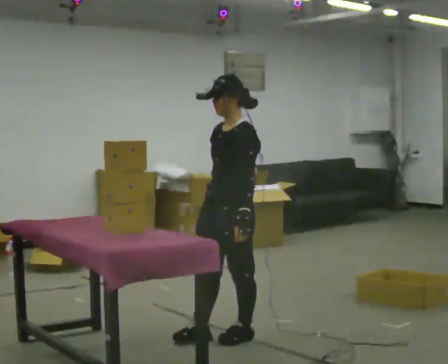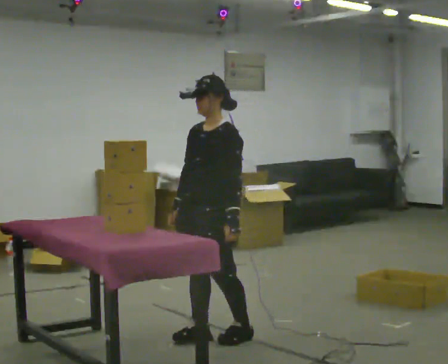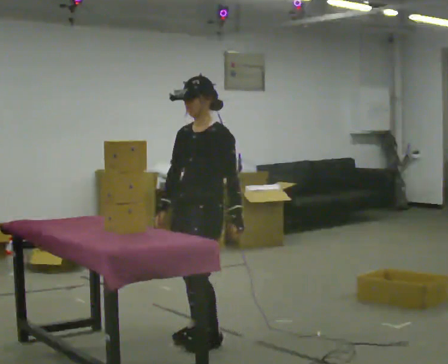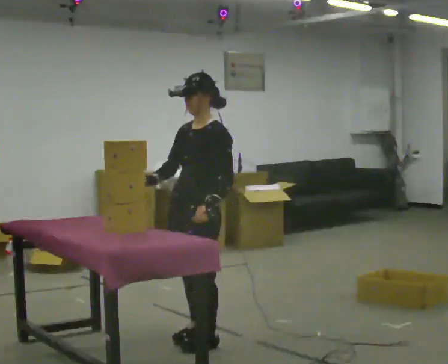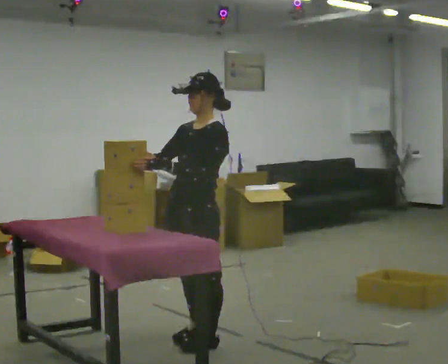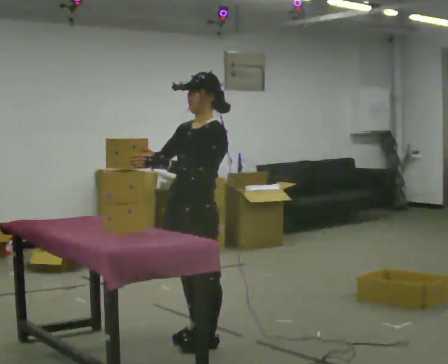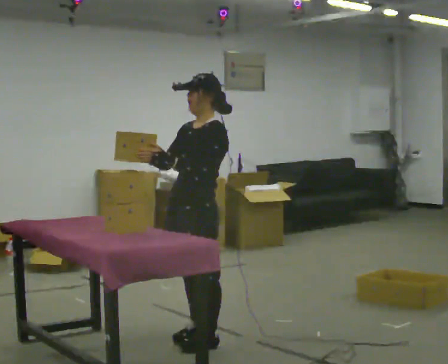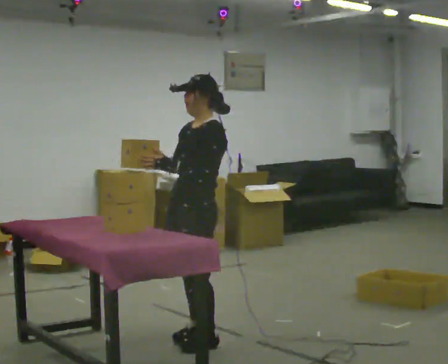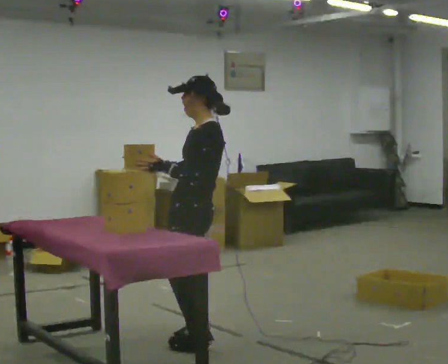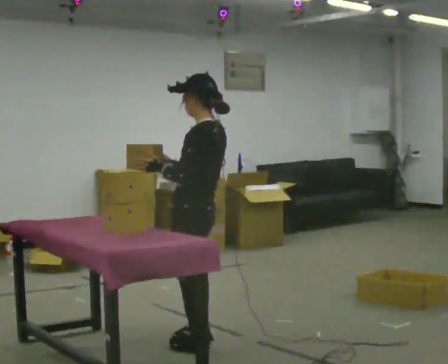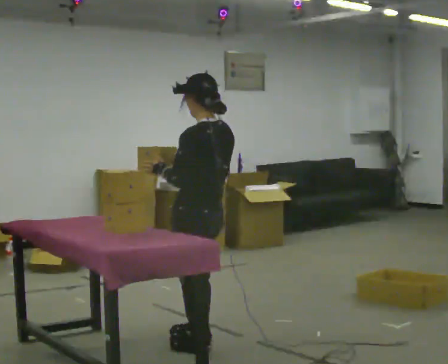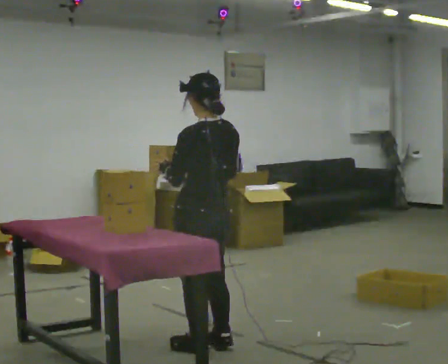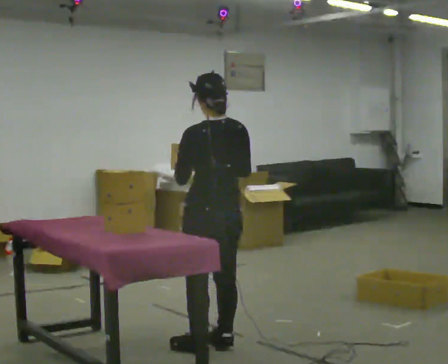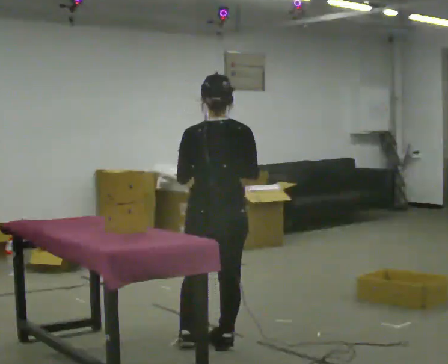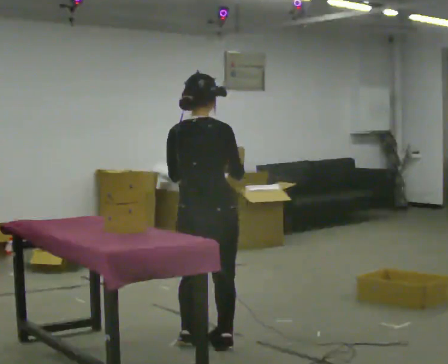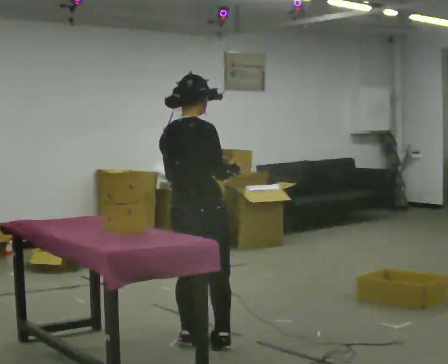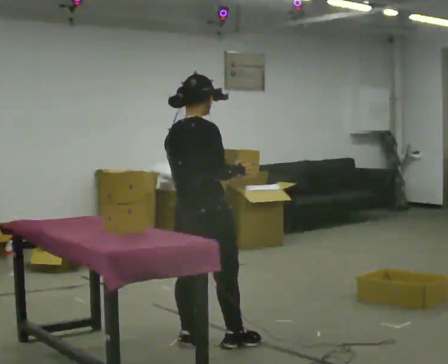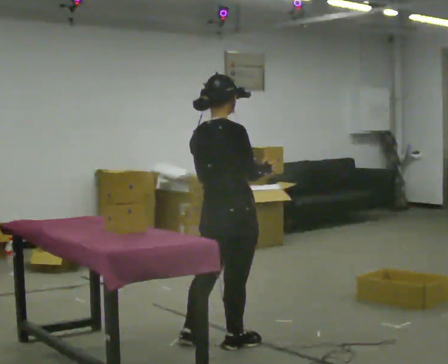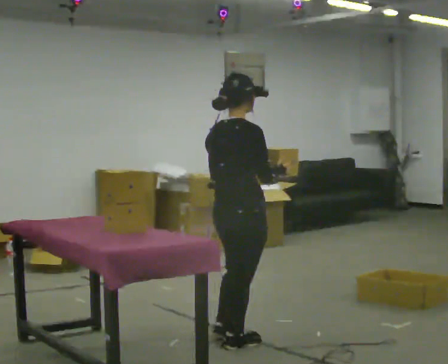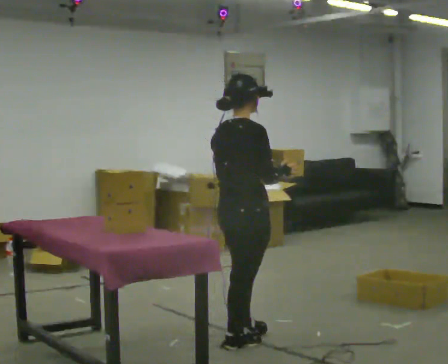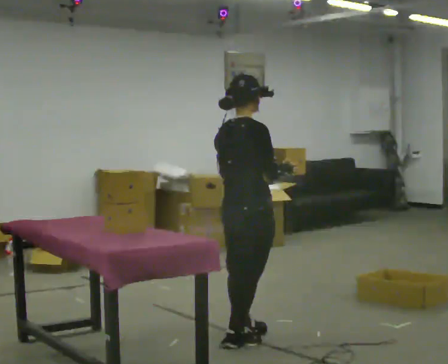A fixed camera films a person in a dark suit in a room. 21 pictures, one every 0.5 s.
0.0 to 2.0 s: In the picture they go to the left, about 0.25 m in 1 step, which for them is forward. In the picture their right hand goes to the left and upward, the arm swinging clockwise.
2.0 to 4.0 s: The person turns about 30 degrees to their right, clockwise seen from above, so the part of the body nearest the lens slides to the left.
4.0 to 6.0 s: The person turns about 75 degrees to their right, clockwise seen from above, so the part of the body nearest the lens slides to the left. In the picture they go toward the camera, about 0.25 m in 1 step. In the picture their right hand goes to the right.
6.0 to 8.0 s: The person turns about 75 degrees to their right, clockwise seen from above, so the part of the body nearest the lens slides to the left.
8.0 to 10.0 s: In the picture they go to the right, about 0.25 m in 1 step, which for them is forward.
The film runs forward here.
